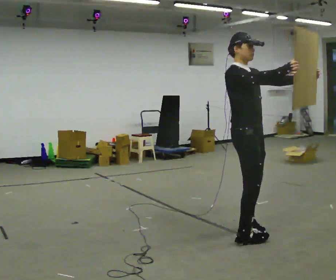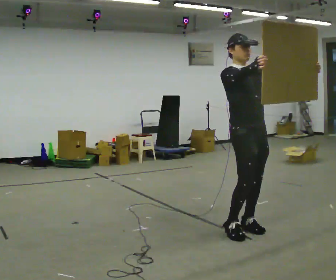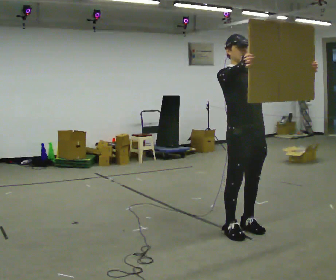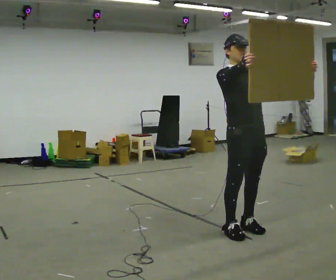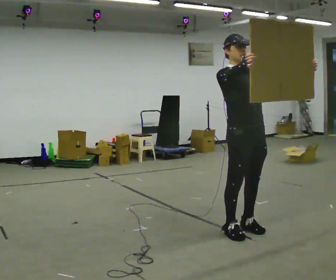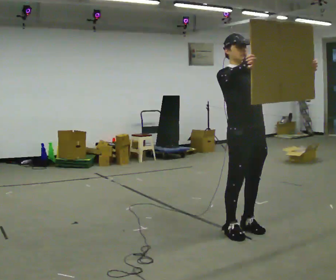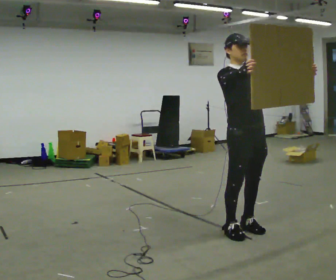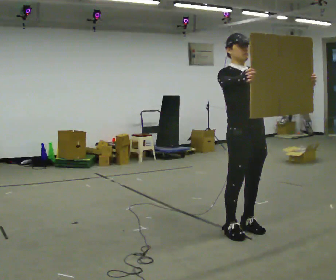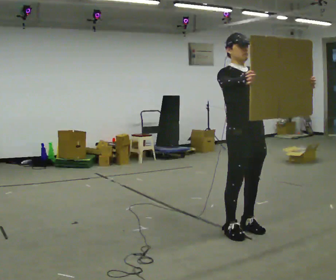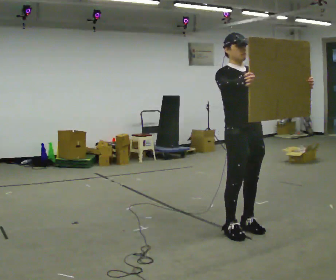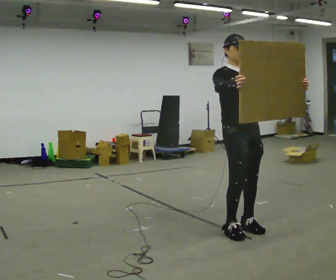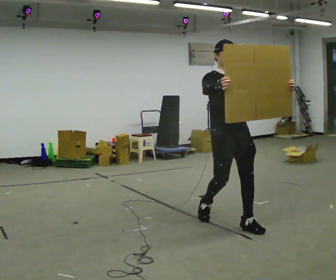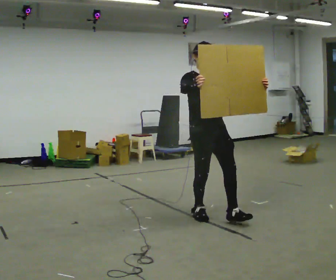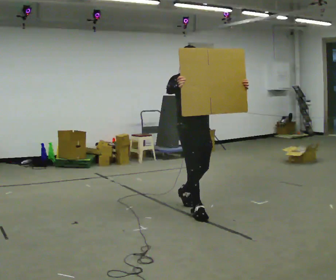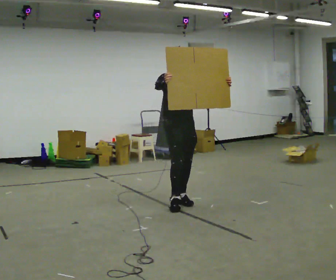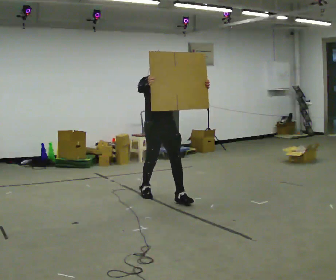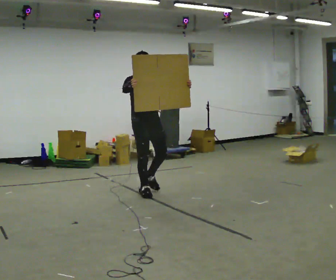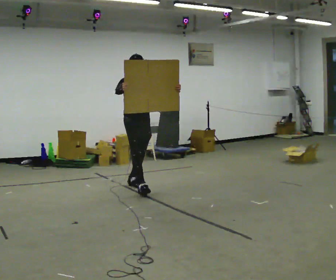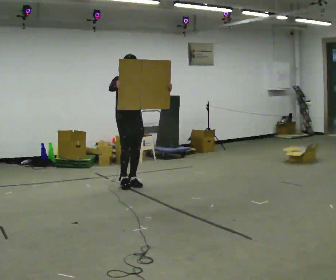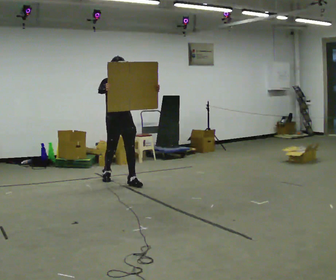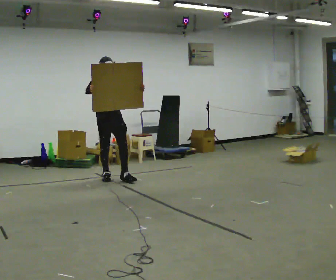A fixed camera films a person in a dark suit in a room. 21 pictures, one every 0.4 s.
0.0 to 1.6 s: The part of the body nearest the lens slides to the left as the person turns to their right by about 30 degrees.
1.6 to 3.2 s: The person moves a little, or ends about where they began.
3.2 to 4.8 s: In the picture they go away from the camera and to the left, about 0.5 m in 2 steps, which for them is backward.
4.8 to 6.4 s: In the picture they go to the left and away from the camera, about 1 m in 2 steps, which for them is backward.
6.4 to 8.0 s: In the picture they go to the left and away from the camera, about 1 m in 2 steps, which for them is backward.
The film runs backward here.
